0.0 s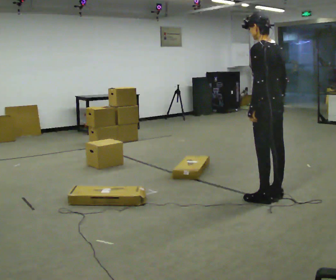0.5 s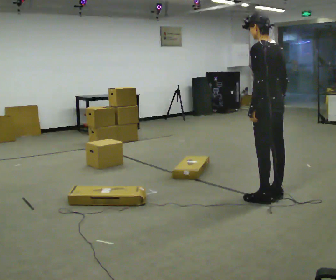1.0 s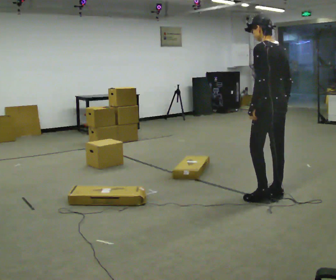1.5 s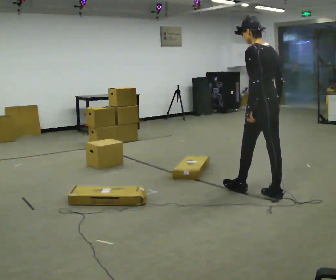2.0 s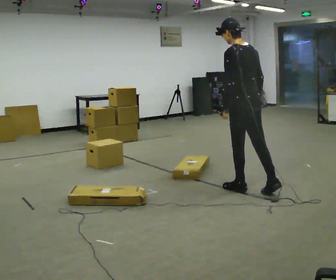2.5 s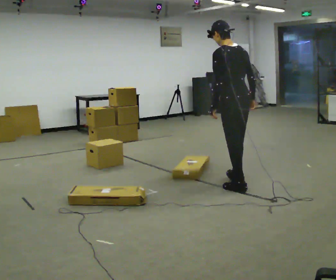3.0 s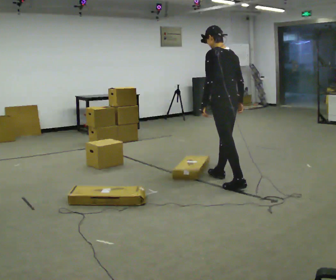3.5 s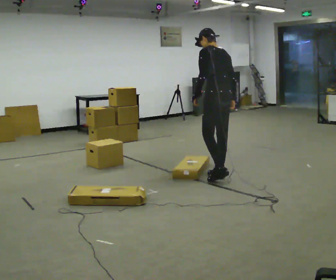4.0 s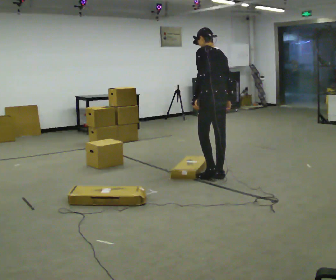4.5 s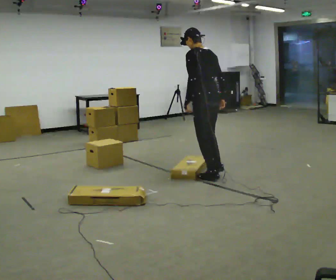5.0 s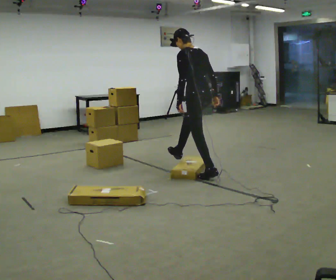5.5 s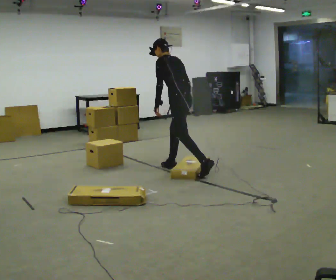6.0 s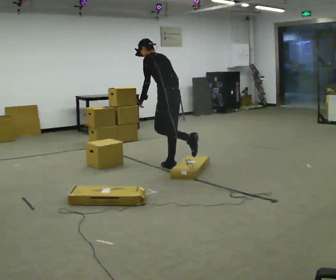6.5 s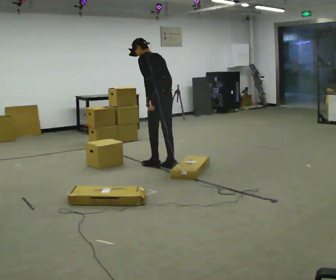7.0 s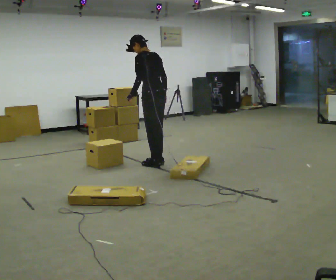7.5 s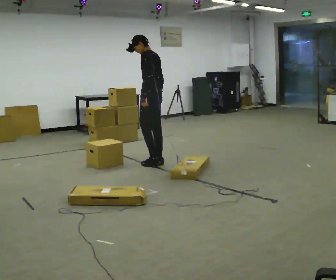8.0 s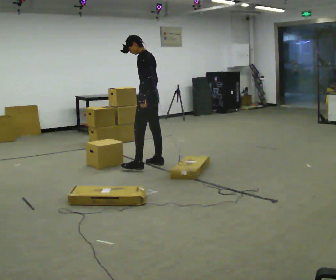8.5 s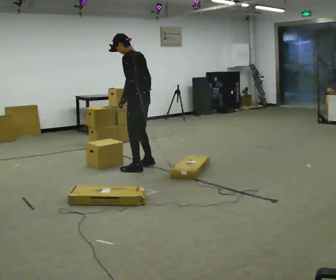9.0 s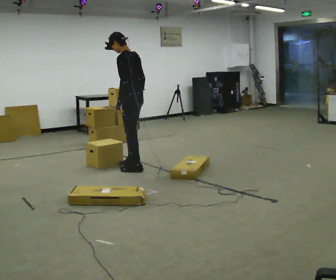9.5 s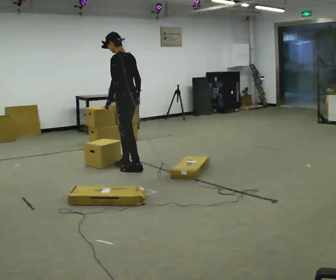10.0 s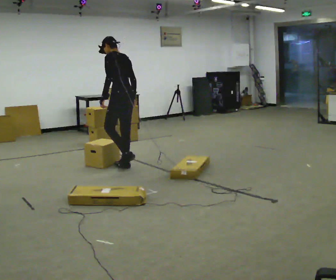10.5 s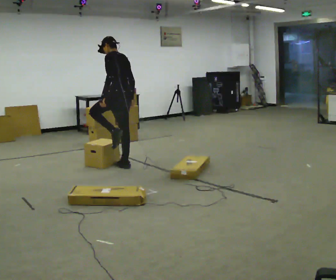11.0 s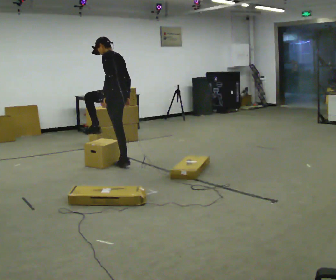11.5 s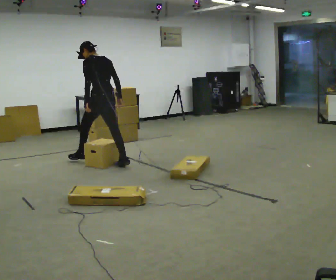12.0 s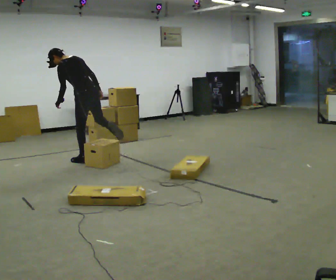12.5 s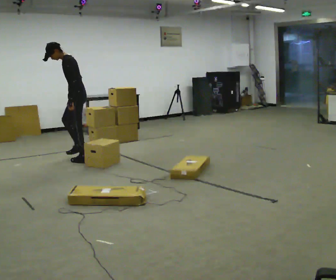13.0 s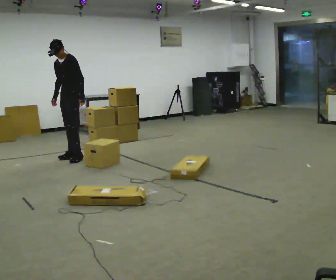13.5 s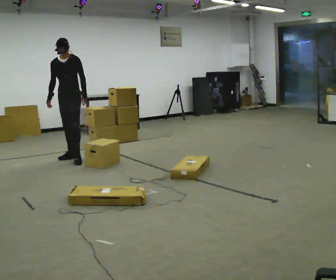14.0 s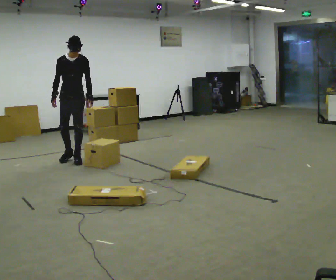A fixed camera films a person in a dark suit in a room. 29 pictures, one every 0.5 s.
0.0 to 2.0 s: In the picture they go away from the camera and to the left, about 0.25 m in 1 step, which for them is forward.
2.0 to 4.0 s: In the picture they go away from the camera and to the left, about 0.5 m in 2 steps, which for them is forward.
4.0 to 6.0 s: In the picture they go away from the camera and to the left, about 0.75 m in 1 step, which for them is forward. In the picture the upper body tilts counterclockwise, shoulders to the left.
6.0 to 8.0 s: In the picture they go to the left, about 0.25 m in 2 steps, which for them is forward.
8.0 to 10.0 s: In the picture they go to the left, about 0.25 m in 2 steps, which for them is forward and to their left.
10.0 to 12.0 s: In the picture they go to the left and away from the camera, about 0.5 m in 2 steps, which for them is forward. In the picture the upper body tilts counterclockwise, shoulders to the left.
12.0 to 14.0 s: The person turns about 135 degrees to their left, counterclockwise seen from above, so the part of the body nearest the lens slides to the right. In the picture they go to the left, about 0.25 m in 2 steps. In the picture the upper body tilts clockwise, shoulders to the right, as they lean back or straighten.
The film runs forward here.
